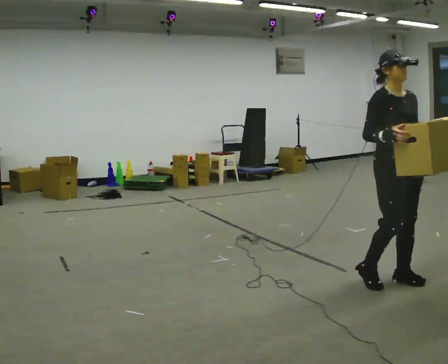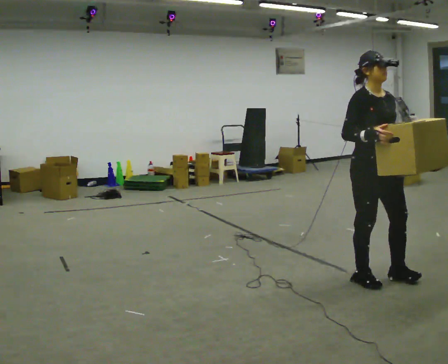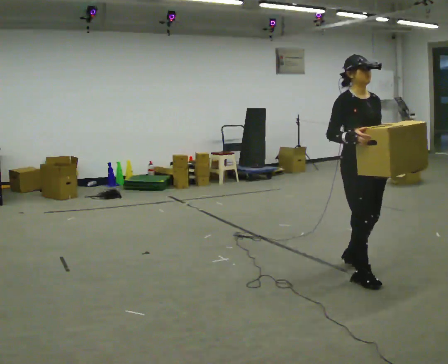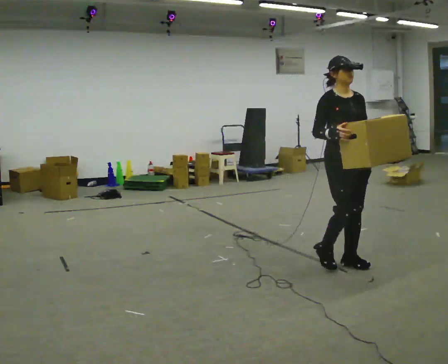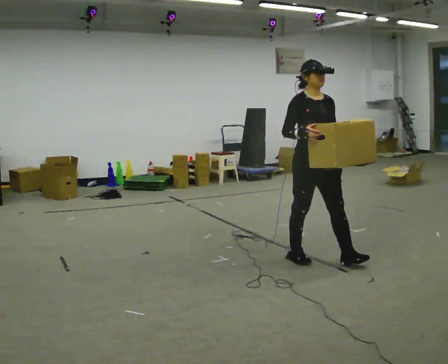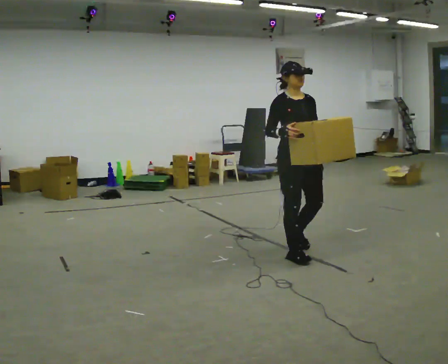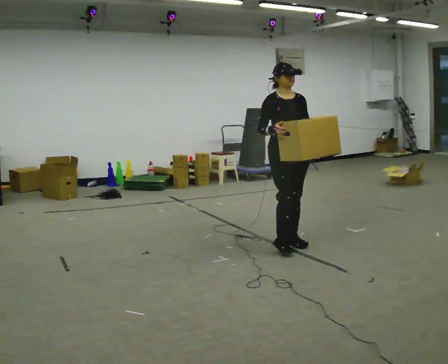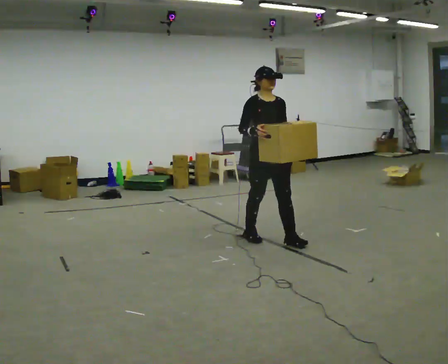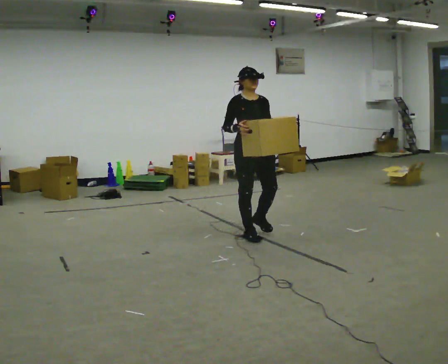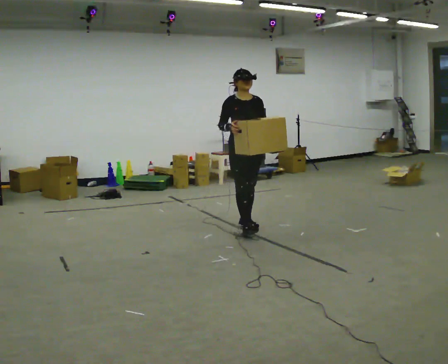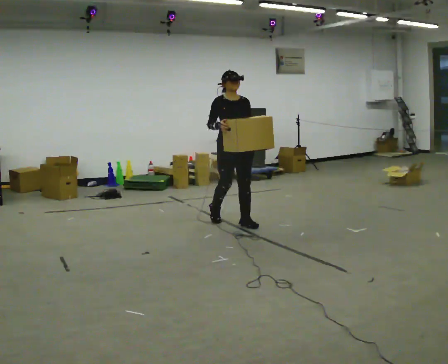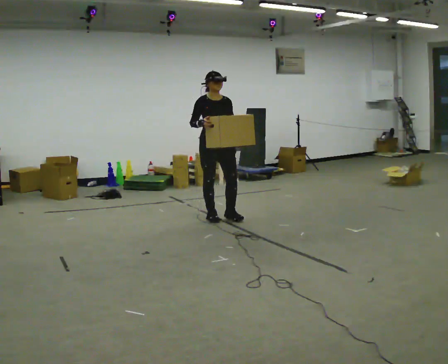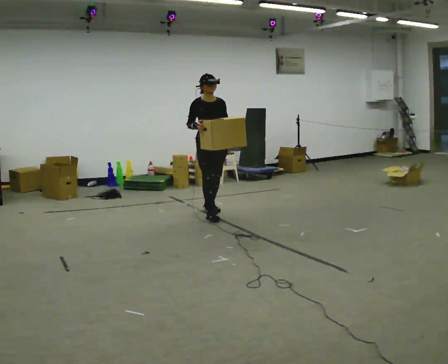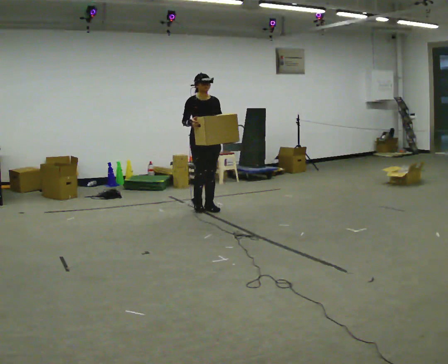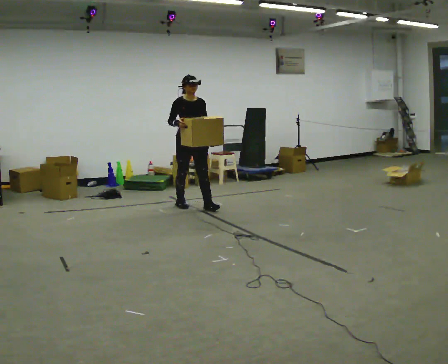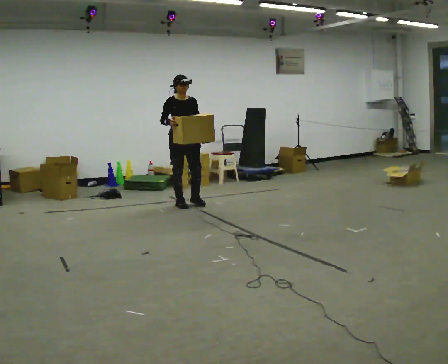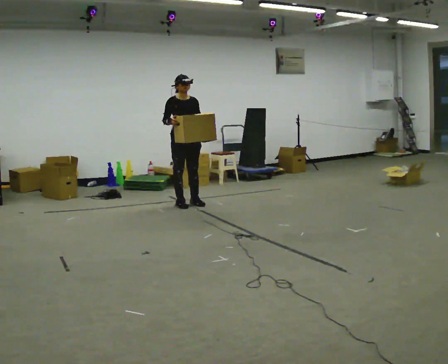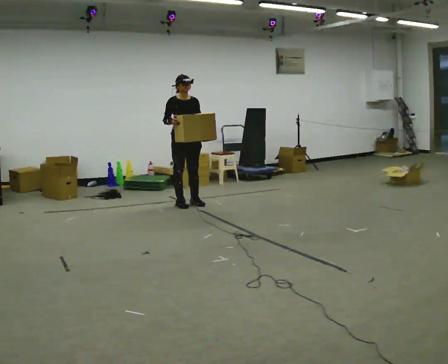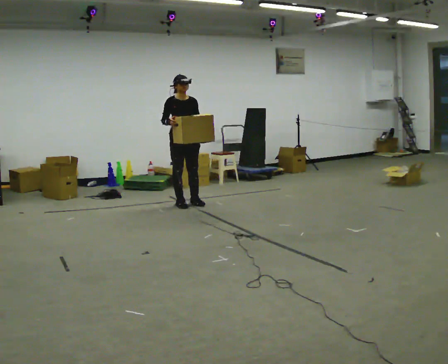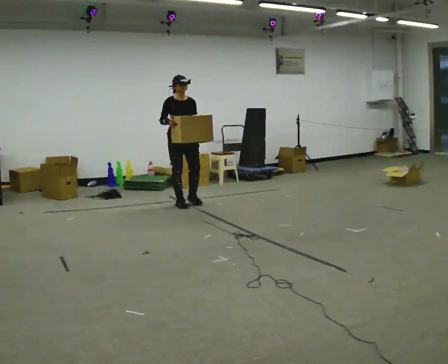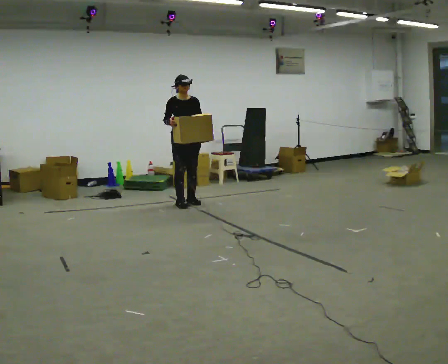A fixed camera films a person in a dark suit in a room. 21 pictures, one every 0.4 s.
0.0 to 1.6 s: In the picture they go away from the camera and to the left, about 0.5 m in 2 steps, which for them is backward.
1.6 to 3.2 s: In the picture they go away from the camera and to the left, about 1 m in 3 steps, which for them is backward.
3.2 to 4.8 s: In the picture they go away from the camera and to the left, about 1 m in 2 steps, which for them is backward.
4.8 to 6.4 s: In the picture they go away from the camera and to the left, about 0.5 m in 2 steps, which for them is backward.
6.4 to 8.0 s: The person moves a little, or ends about where they began.
The film runs backward here.
